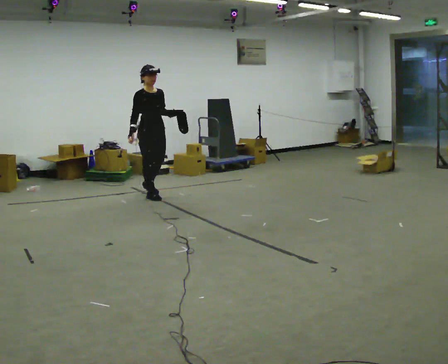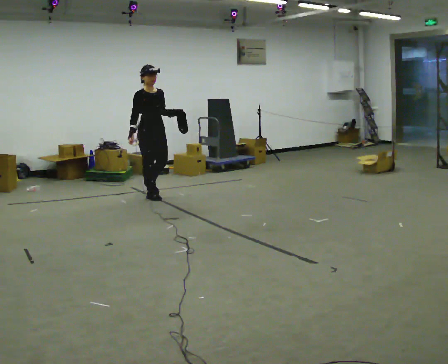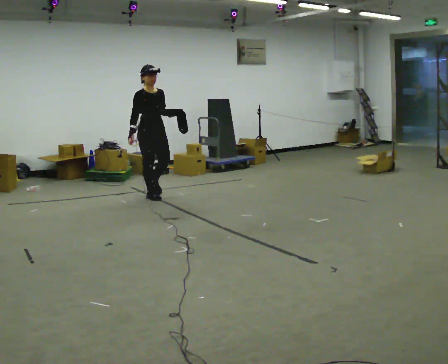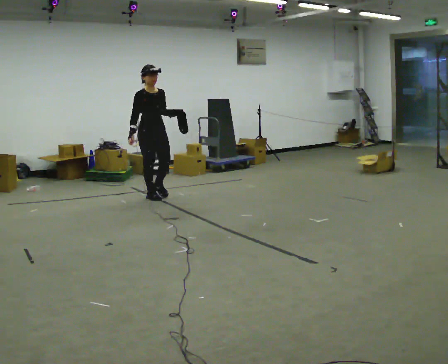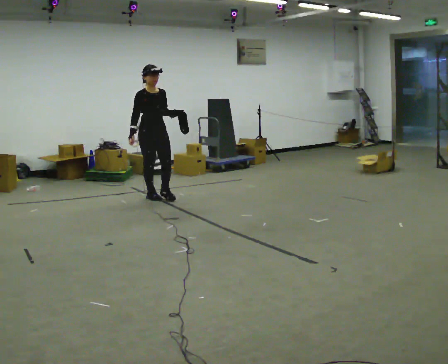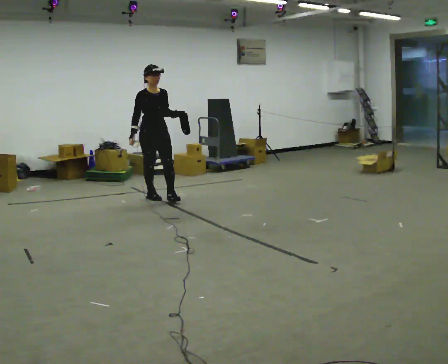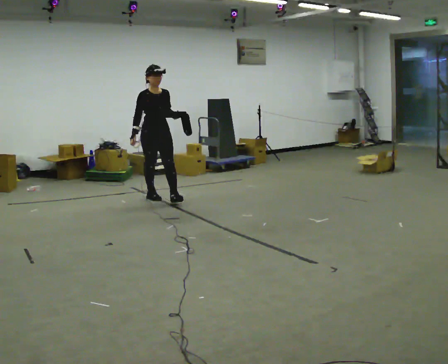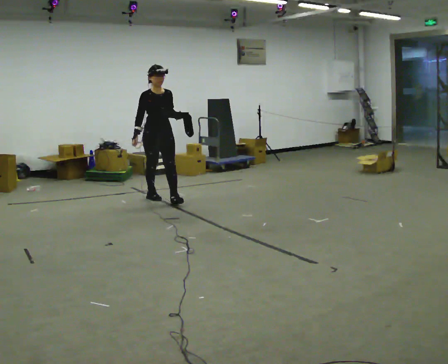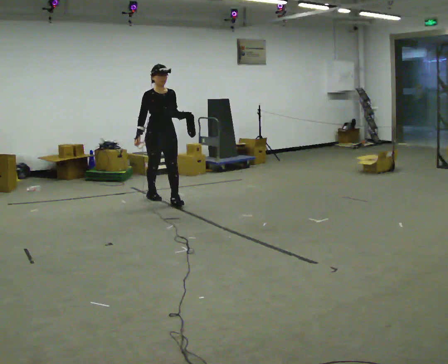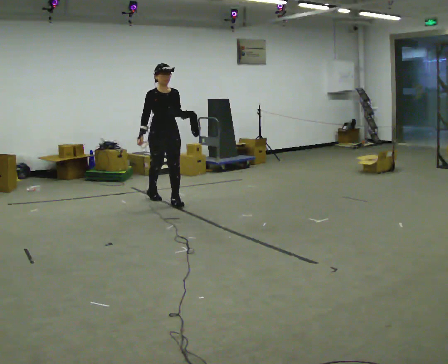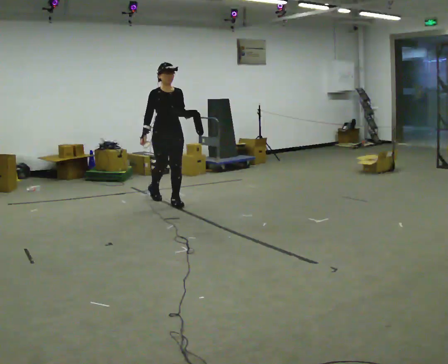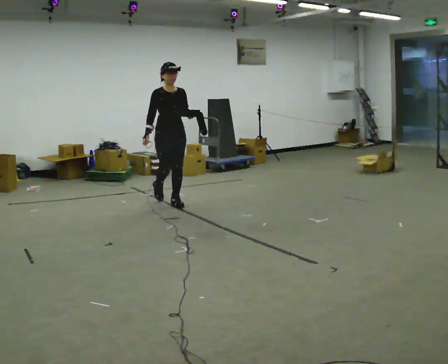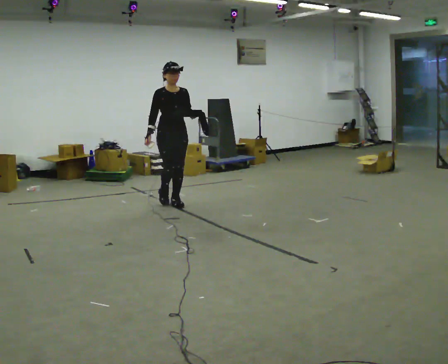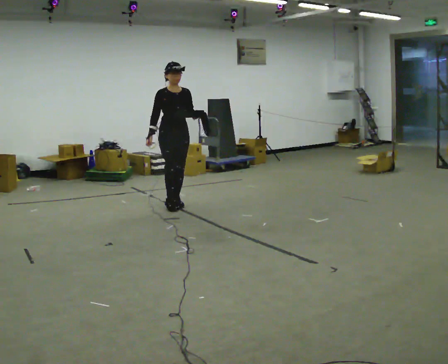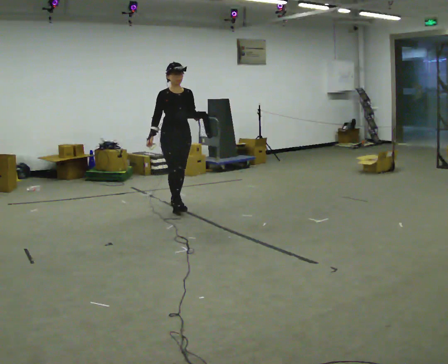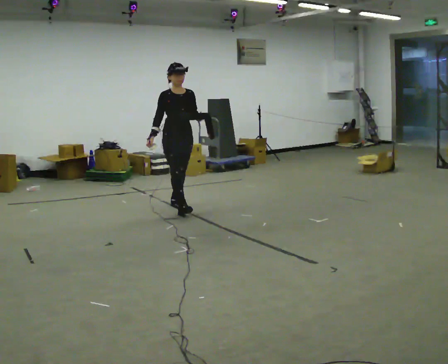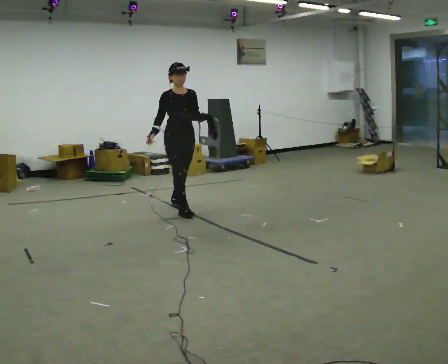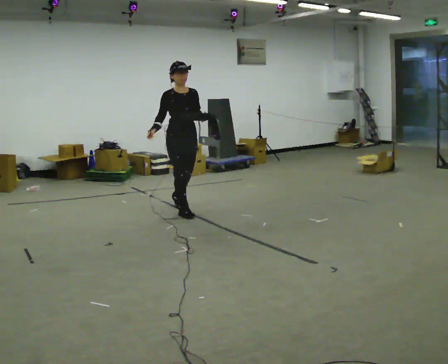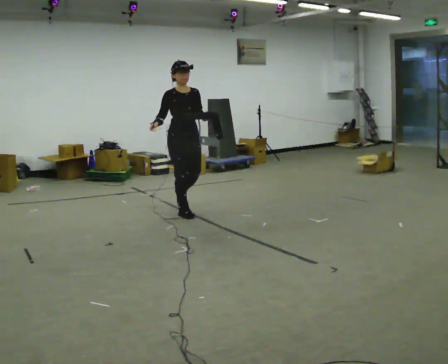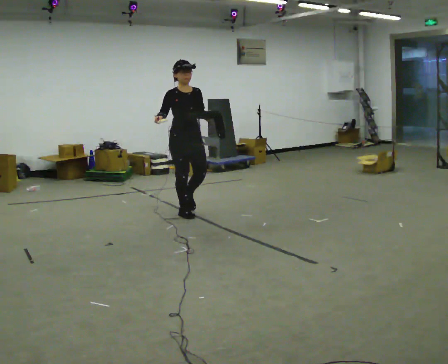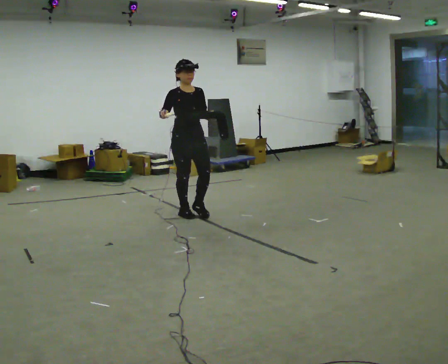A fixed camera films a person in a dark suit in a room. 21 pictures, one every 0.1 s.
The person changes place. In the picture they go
toward the camera.
0.0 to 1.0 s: In the picture they go toward the camera and to the right, about 0.25 m in 1 step, which for them is forward.
1.0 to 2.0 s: In the picture they go toward the camera and to the right, about 0.5 m in 1 step, which for them is forward.
The film runs forward here.
